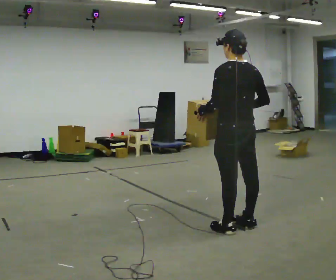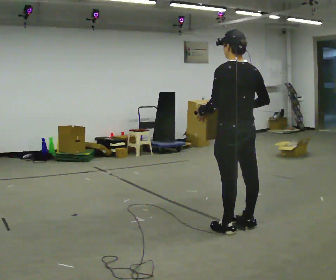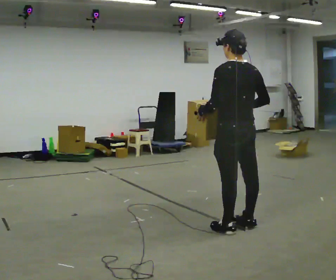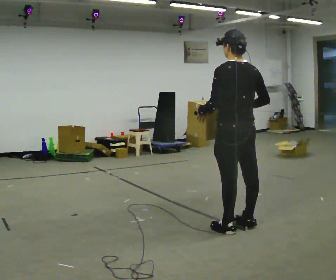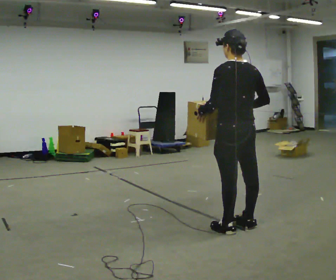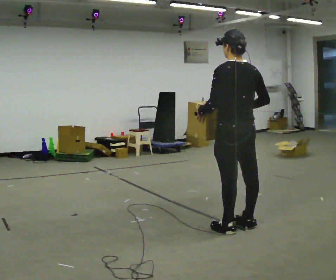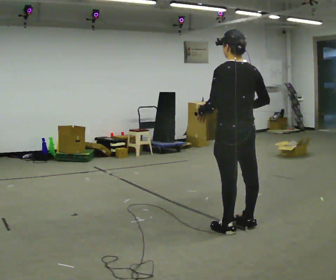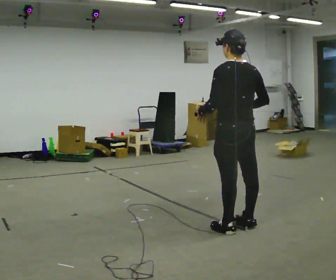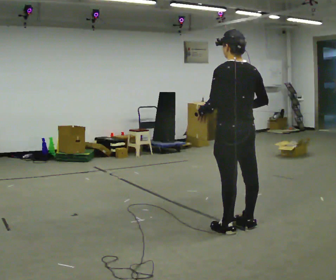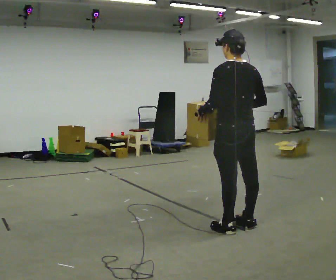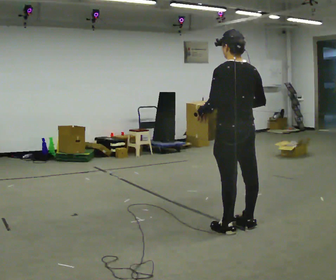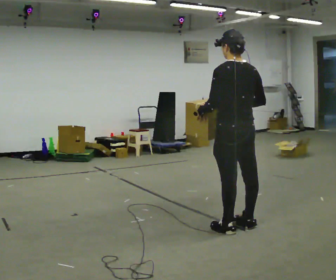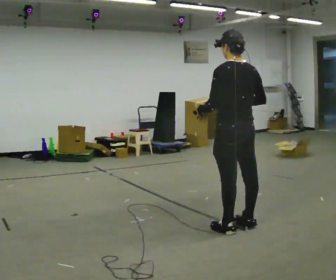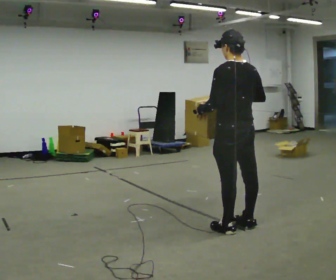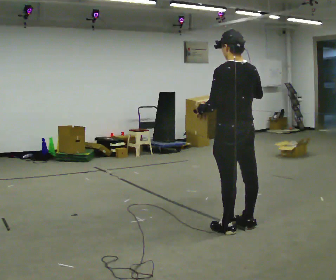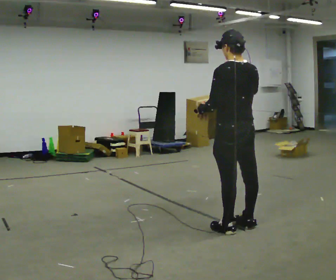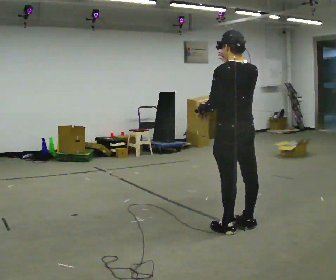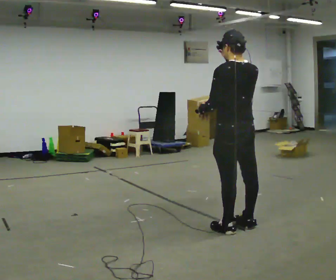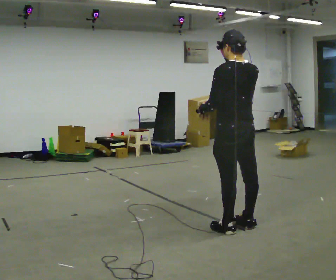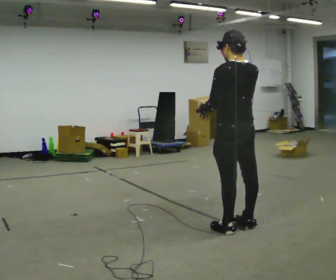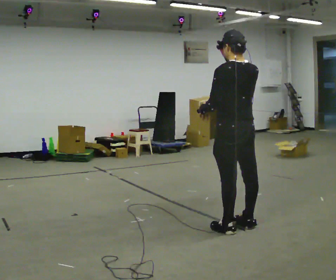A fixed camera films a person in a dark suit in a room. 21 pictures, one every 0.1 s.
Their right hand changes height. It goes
upward.
0.0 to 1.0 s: The person moves a little, or ends about where they began.
1.0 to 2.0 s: In the picture their right hand goes upward.
The film runs backward here.
